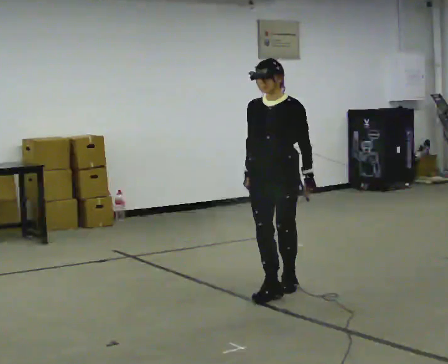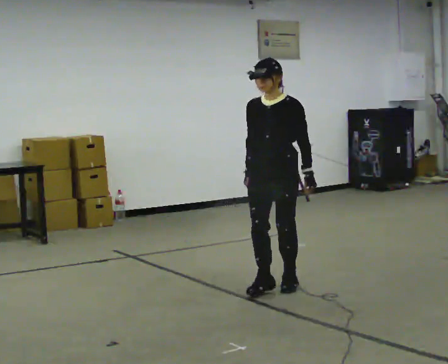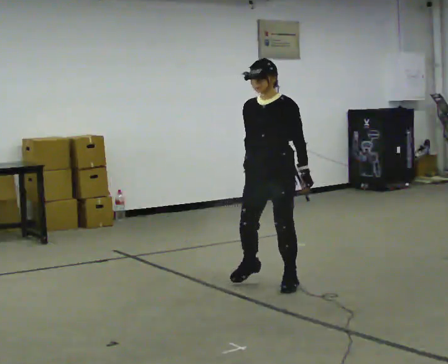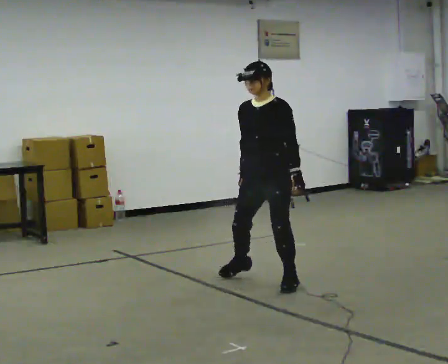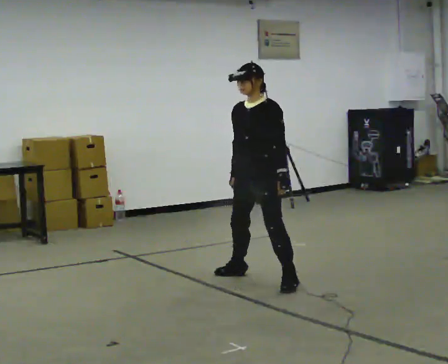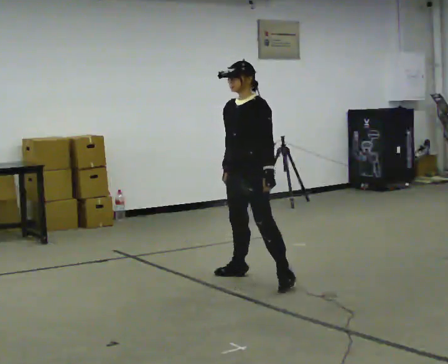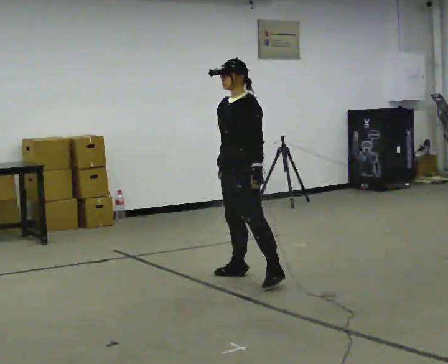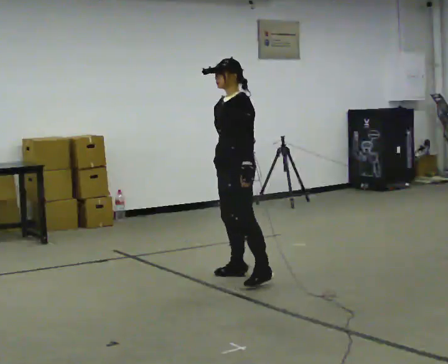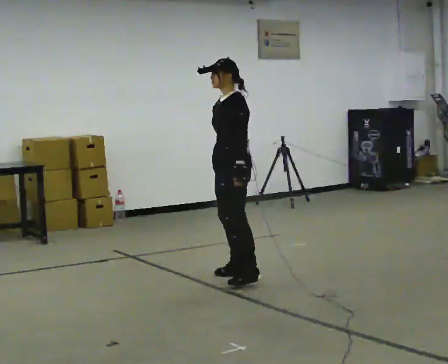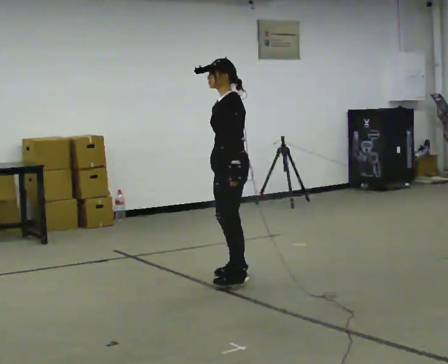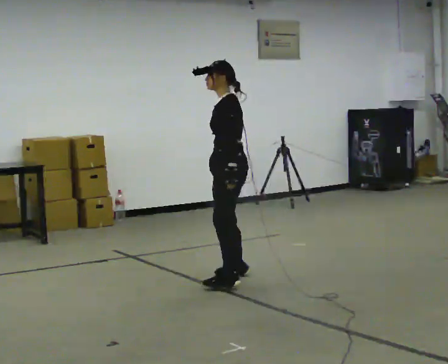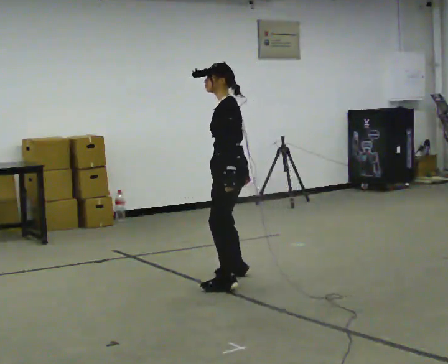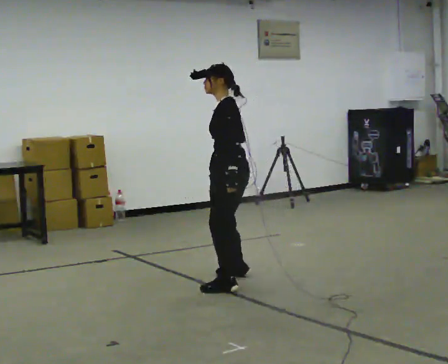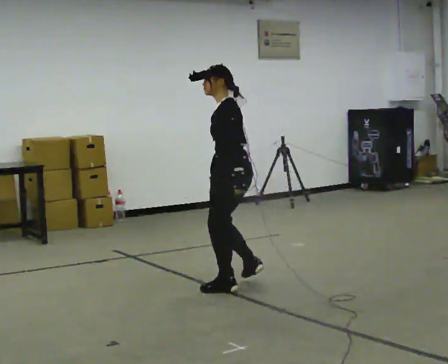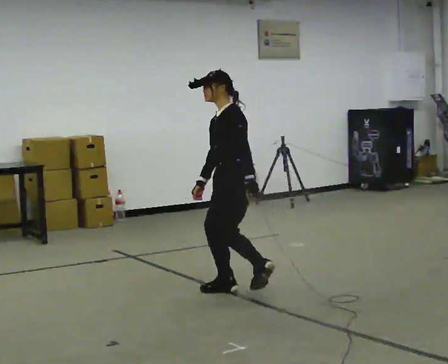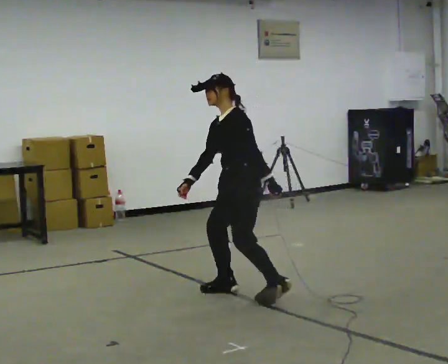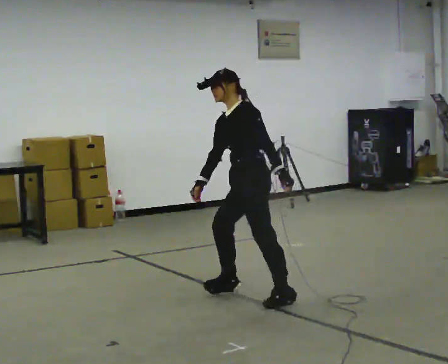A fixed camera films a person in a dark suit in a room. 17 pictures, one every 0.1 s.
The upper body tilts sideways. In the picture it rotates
counterclockwise.
0.0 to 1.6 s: The person turns about 60 degrees to their right, clockwise seen from above, so the part of the body nearest the lens slides to the left. In the picture the upper body tilts counterclockwise, shoulders to the left, as they bend forward.
The film runs backward here.
